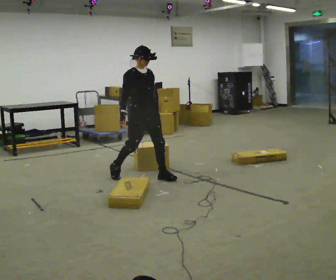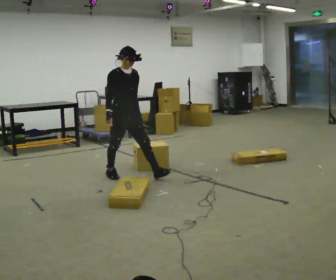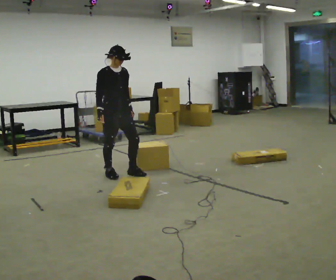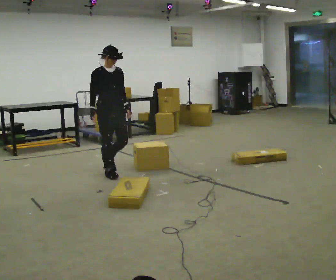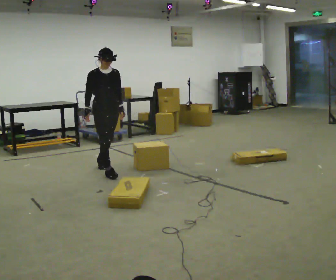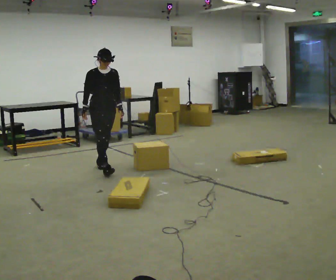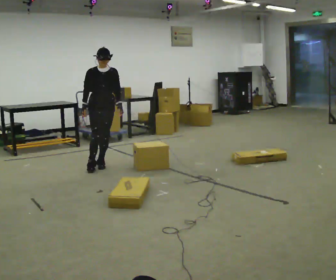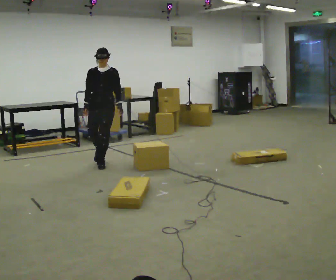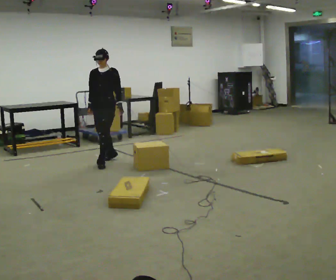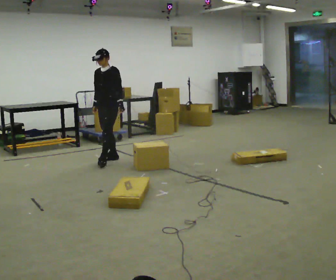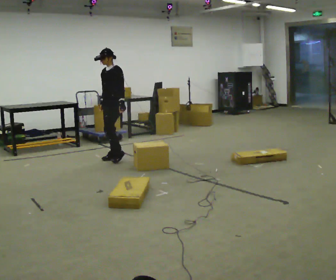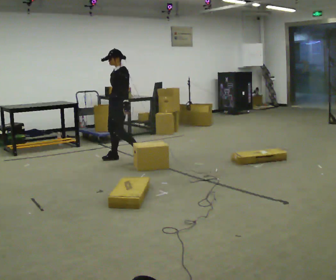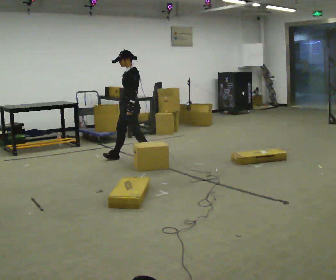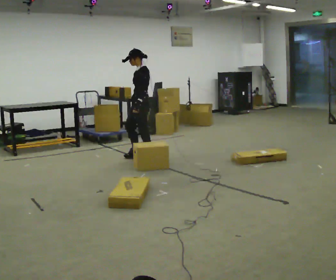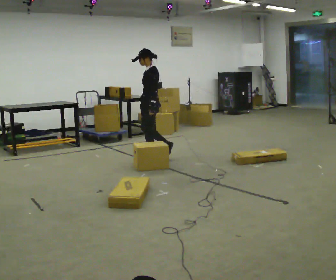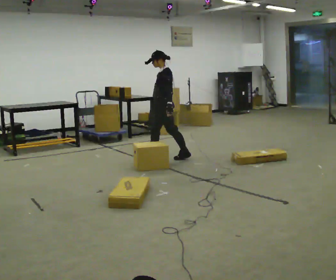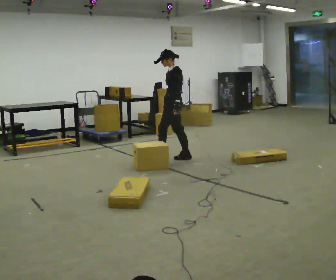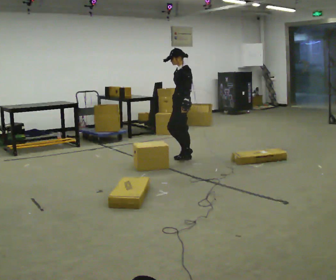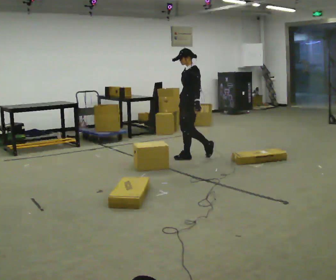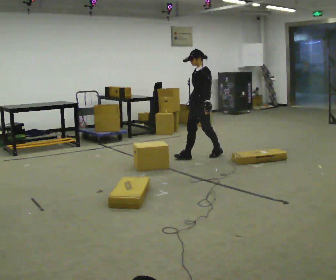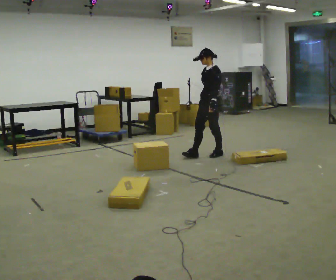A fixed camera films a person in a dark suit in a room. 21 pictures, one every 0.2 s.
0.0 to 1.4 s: The part of the body nearest the lens slides to the left as the person turns to their right by about 45 degrees. In the picture they go away from the camera and to the left, about 1 m in 2 steps, which for them is backward.
1.4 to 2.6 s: The part of the body nearest the lens slides to the left as the person turns to their right by about 75 degrees. In the picture they go to the right and away from the camera, about 0.5 m in 2 steps.
2.6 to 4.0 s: In the picture they go to the right, about 1 m in 2 steps, which for them is backward.
The film runs backward here.
